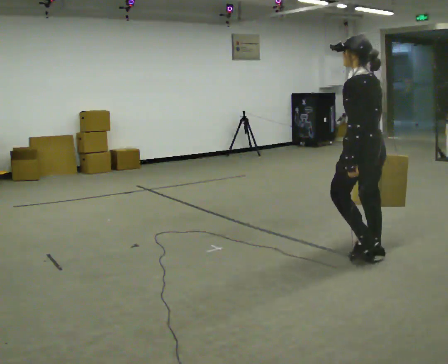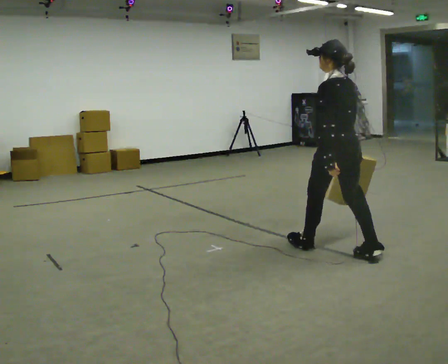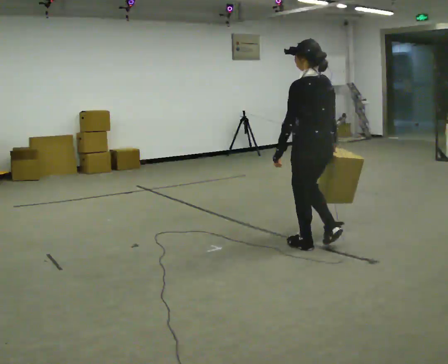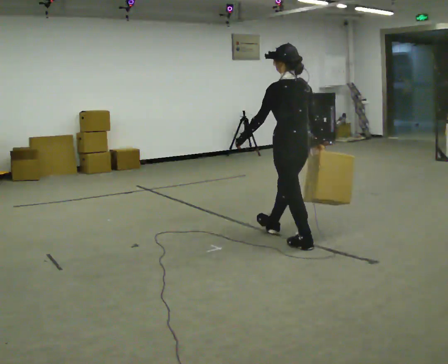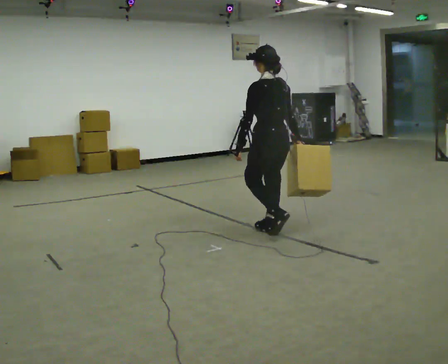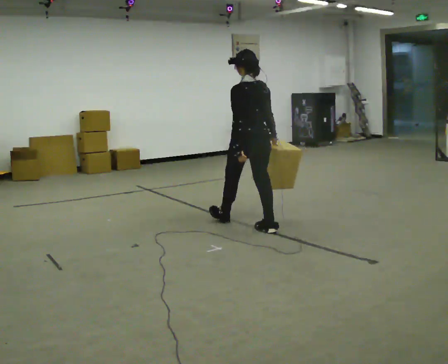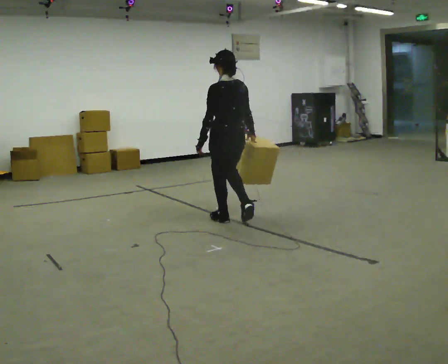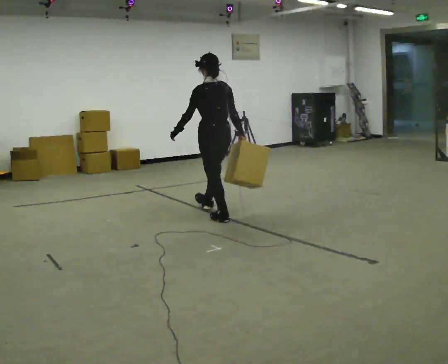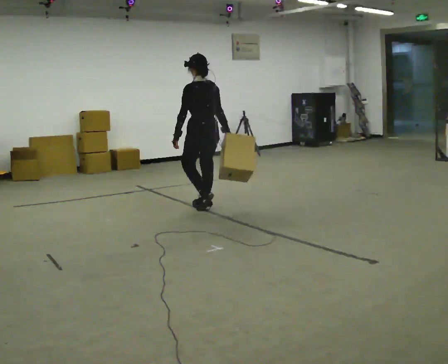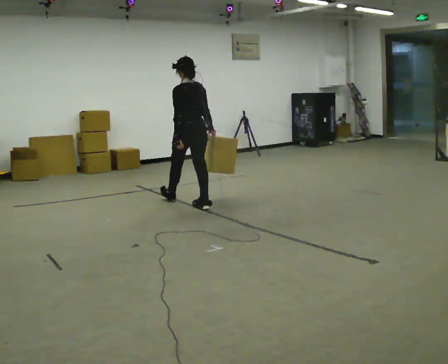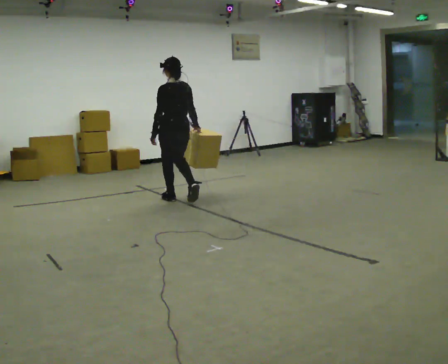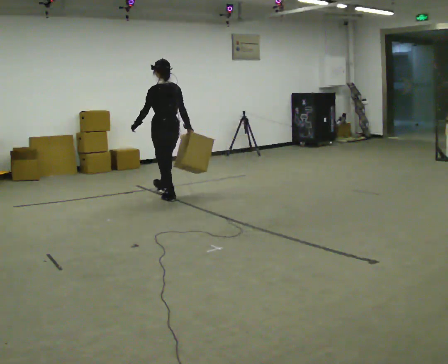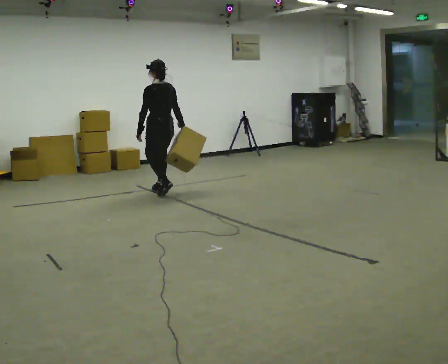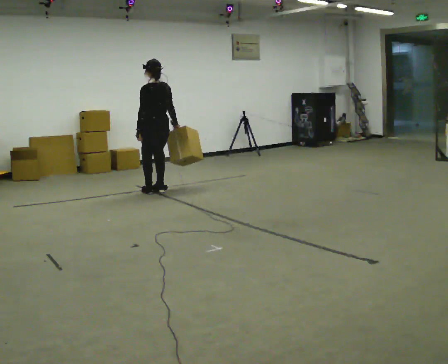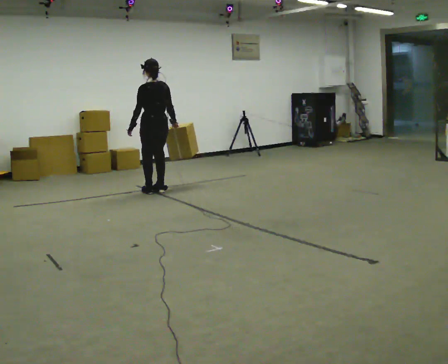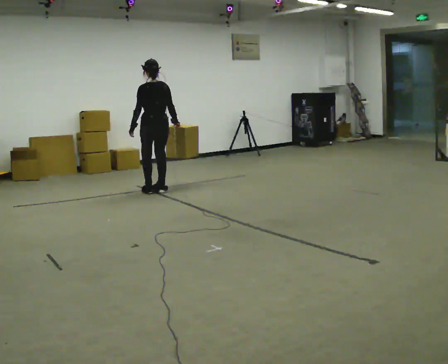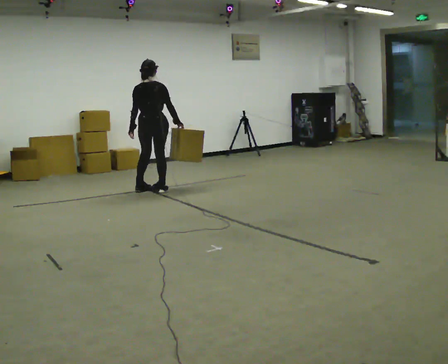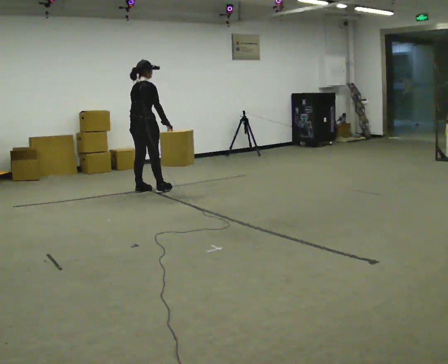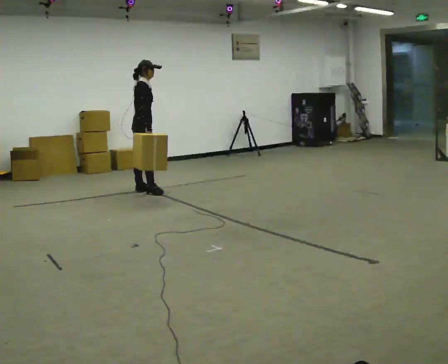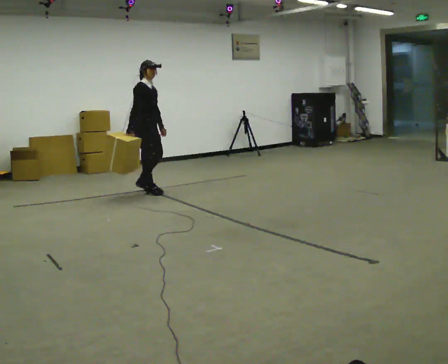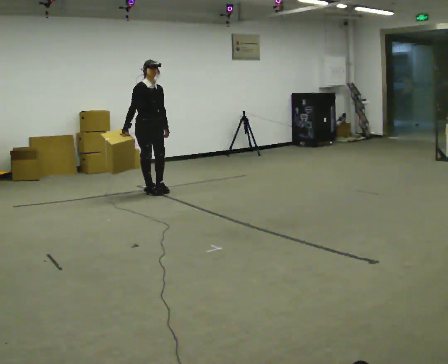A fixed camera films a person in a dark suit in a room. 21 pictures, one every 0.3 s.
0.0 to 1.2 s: In the picture they go away from the camera and to the left, about 1 m in 2 steps, which for them is forward.
1.2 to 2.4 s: In the picture they go away from the camera and to the left, about 1 m in 2 steps, which for them is forward.
2.4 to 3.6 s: In the picture they go away from the camera and to the left, about 1 m in 2 steps, which for them is forward.
3.6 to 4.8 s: The part of the body nearest the lens slides to the left as the person turns to their right by about 45 degrees.
4.8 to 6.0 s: The part of the body nearest the lens slides to the left as the person turns to their right by about 135 degrees. In the picture their right hand goes to the left, the arm swinging clockwise.
The film runs forward here.
